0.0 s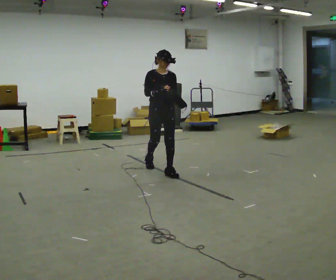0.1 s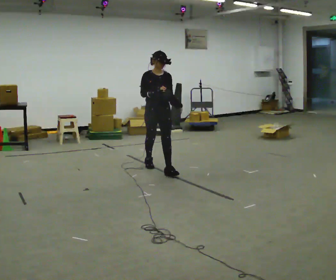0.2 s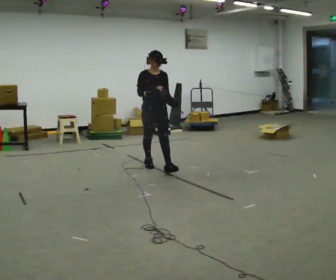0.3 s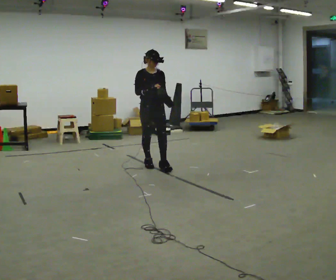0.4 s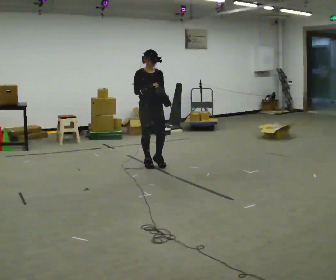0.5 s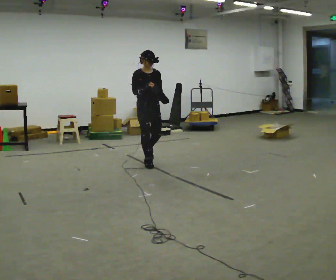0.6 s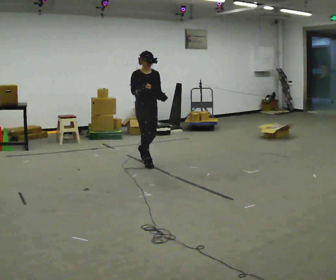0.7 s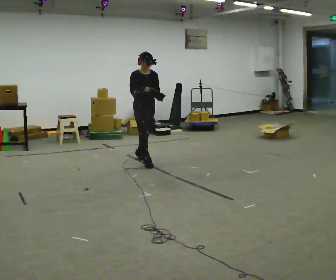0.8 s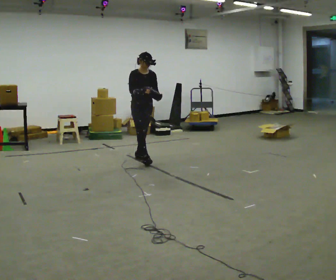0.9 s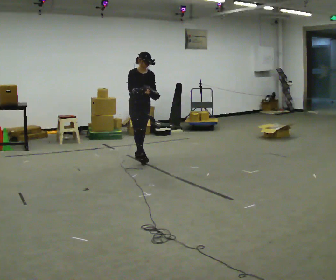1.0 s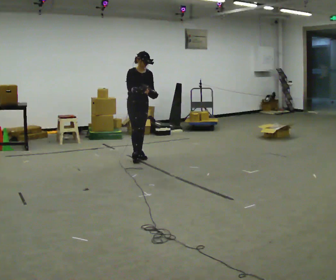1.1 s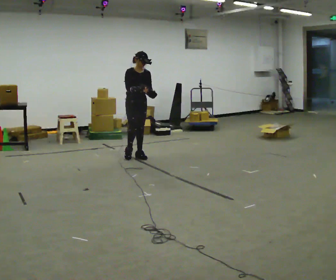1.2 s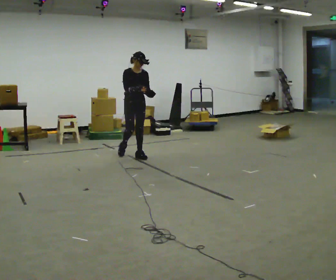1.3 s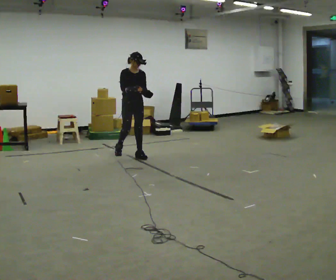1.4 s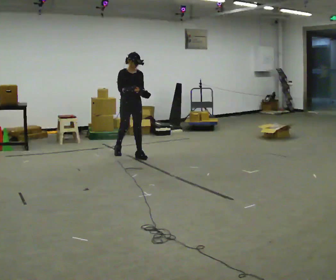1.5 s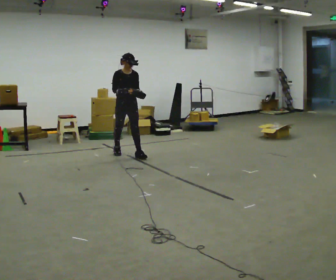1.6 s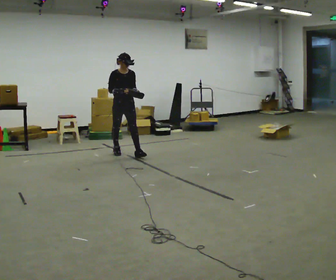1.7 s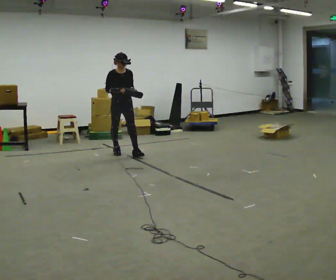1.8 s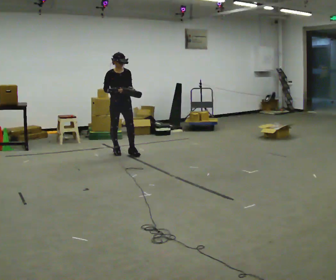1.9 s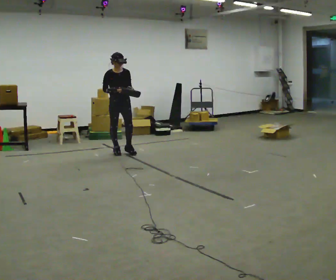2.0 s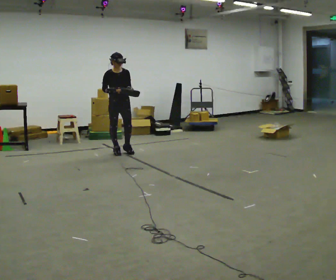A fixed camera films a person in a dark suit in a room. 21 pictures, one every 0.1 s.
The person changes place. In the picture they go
away from the camera.
0.0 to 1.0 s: In the picture they go away from the camera and to the left, about 1 m in 2 steps, which for them is backward.
1.0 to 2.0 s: In the picture they go to the left and away from the camera, about 0.5 m in 1 step, which for them is backward.
The film runs backward here.
